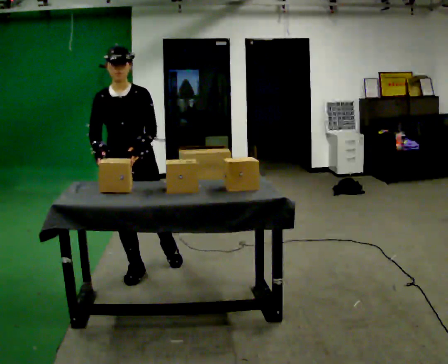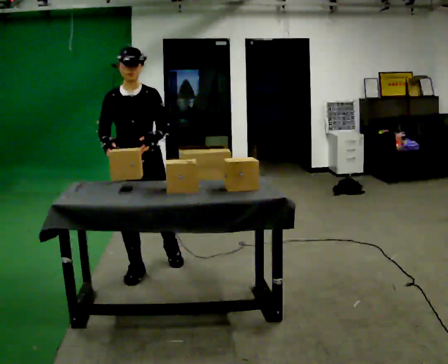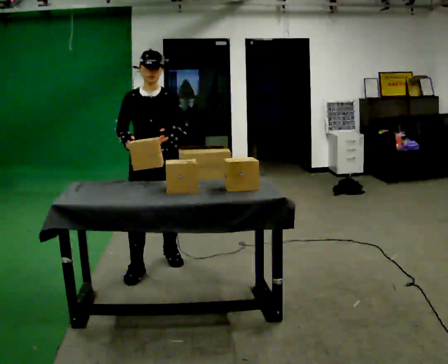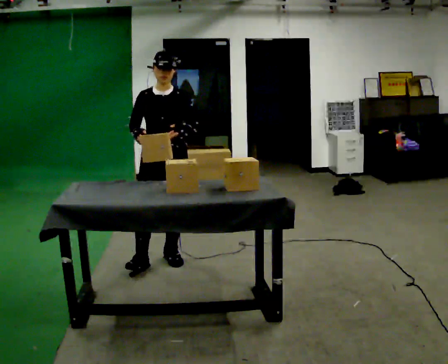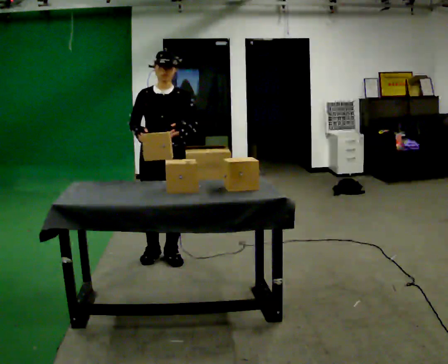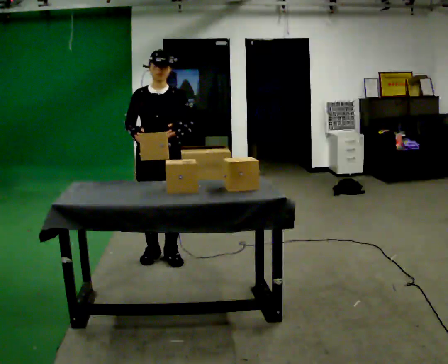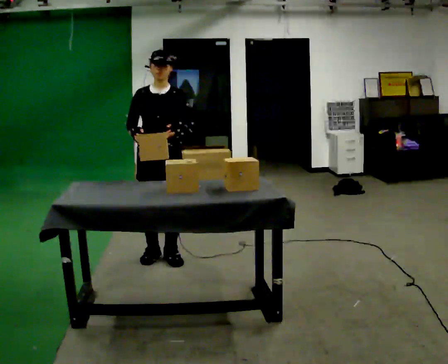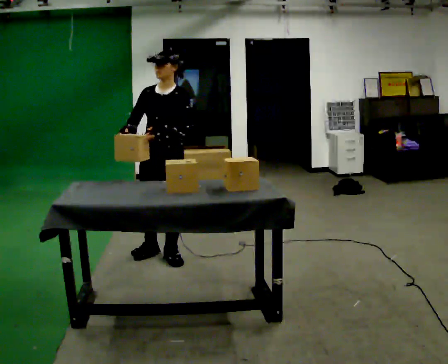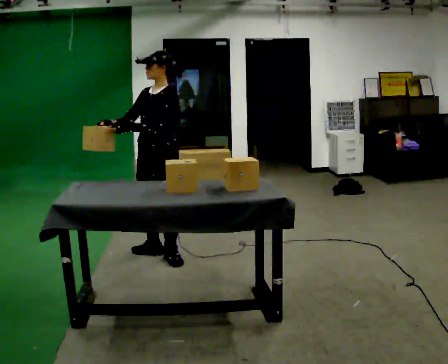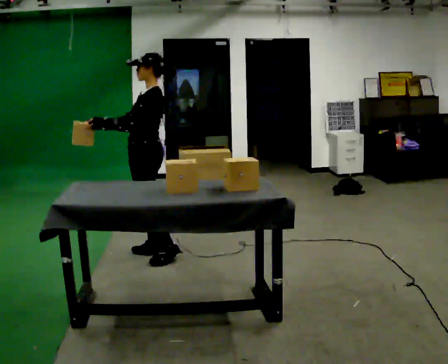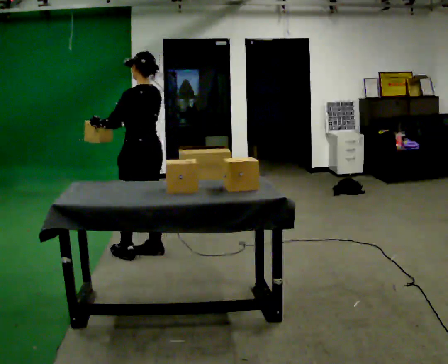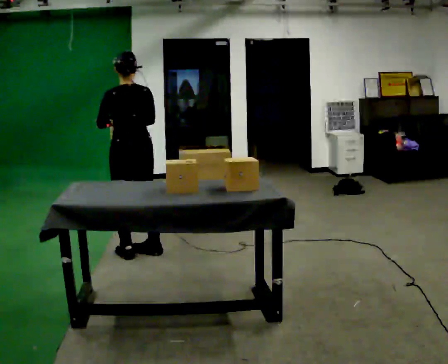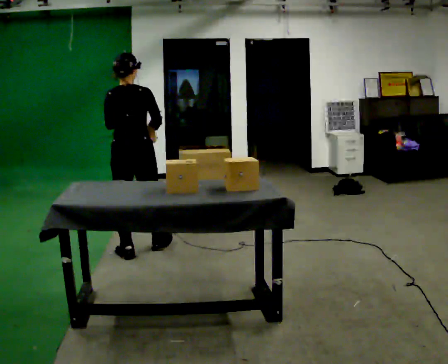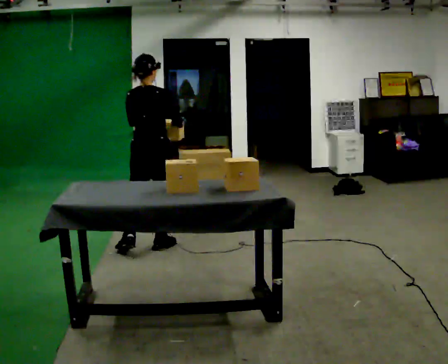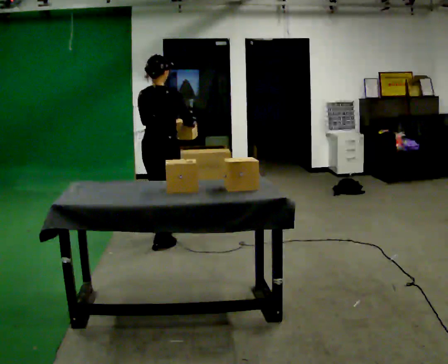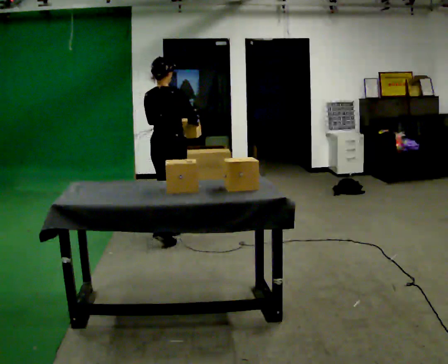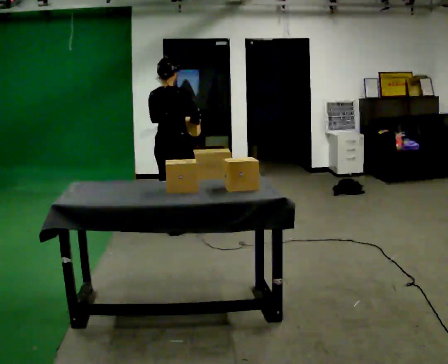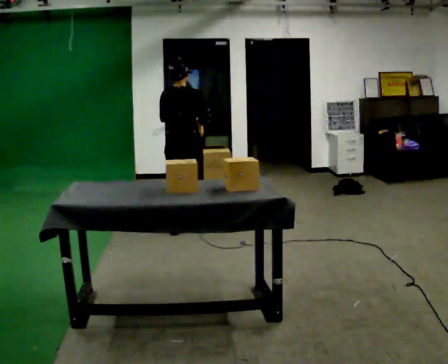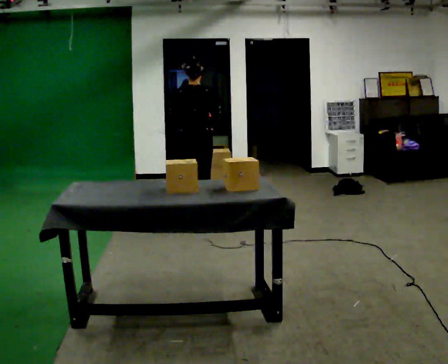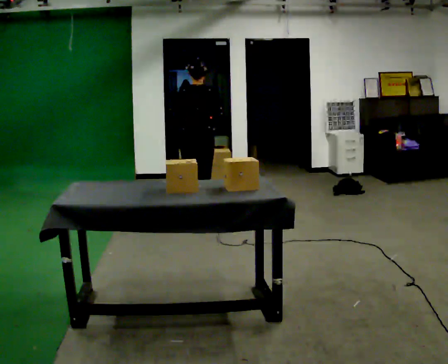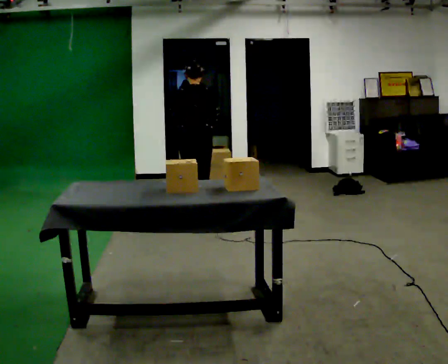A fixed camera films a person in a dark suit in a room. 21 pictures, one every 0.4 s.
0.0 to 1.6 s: In the picture they go away from the camera and to the right, about 0.5 m in 1 step, which for them is backward and to their left.
1.6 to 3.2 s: The person turns about 45 degrees to their right, clockwise seen from above, so the part of the body nearest the lens slides to the left. In the picture their left hand goes to the left.
3.2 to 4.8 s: The part of the body nearest the lens slides to the left as the person turns to their right by about 135 degrees. In the picture they go to the left, about 0.25 m in 1 step. In the picture their right hand goes to the right.
4.8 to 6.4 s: In the picture they go away from the camera and to the right, about 0.75 m in 1 step, which for them is forward.
6.4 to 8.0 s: In the picture they go away from the camera and to the right, about 0.5 m in 2 steps, which for them is forward. The upper body tips away from the camera, its near side rolling upward, as they bend forward.
The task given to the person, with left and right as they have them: Clear everything off the table and put it away on the shelf, in as many trips as you need. Keep going until the operator says stop; one object at a time, and do not rush between trips.
The film runs forward here.
